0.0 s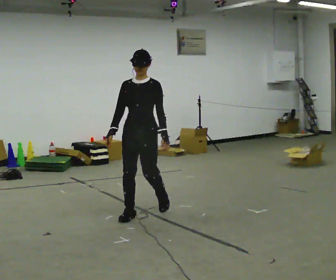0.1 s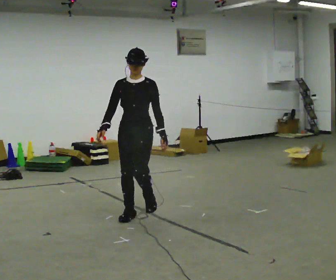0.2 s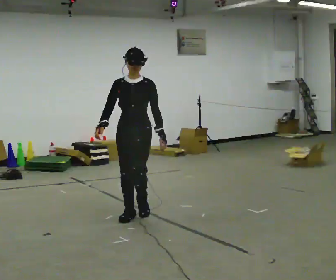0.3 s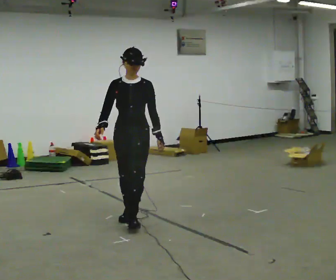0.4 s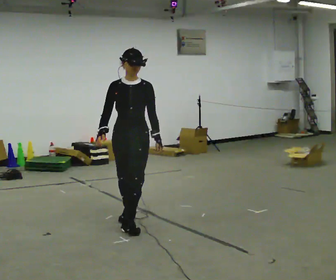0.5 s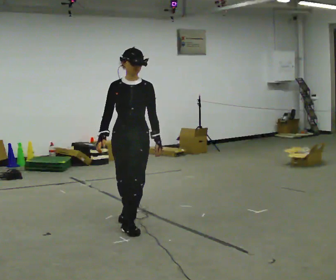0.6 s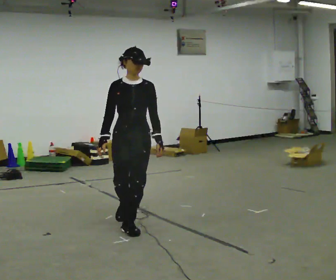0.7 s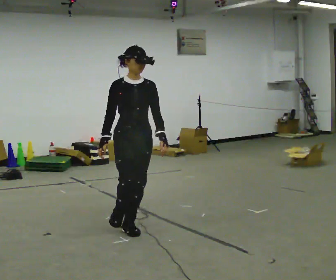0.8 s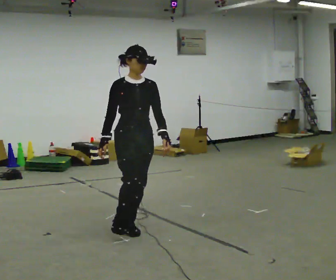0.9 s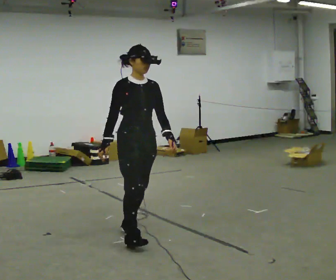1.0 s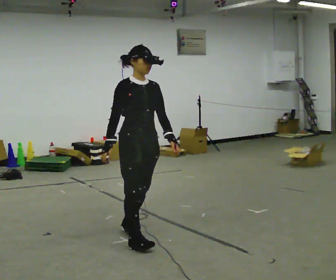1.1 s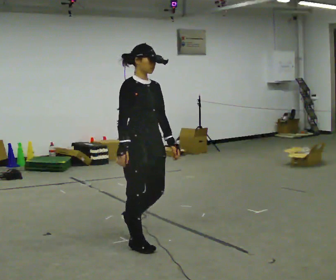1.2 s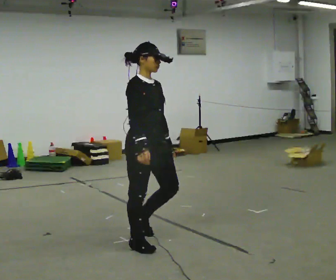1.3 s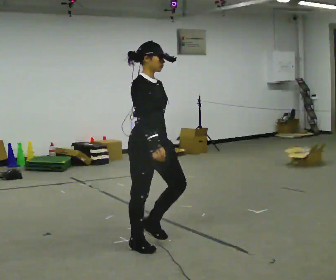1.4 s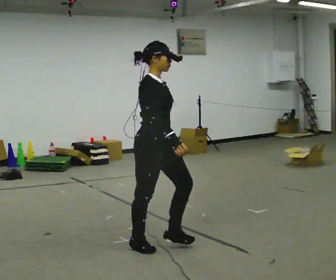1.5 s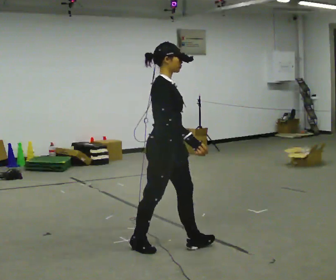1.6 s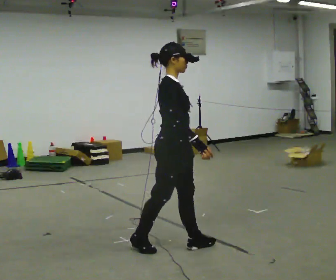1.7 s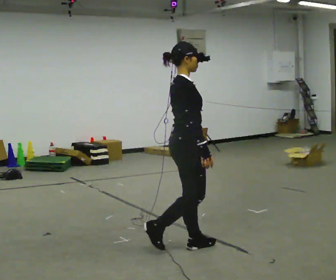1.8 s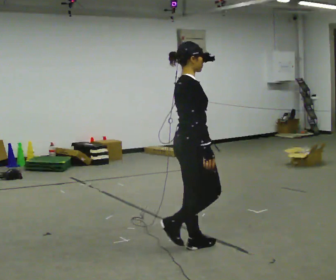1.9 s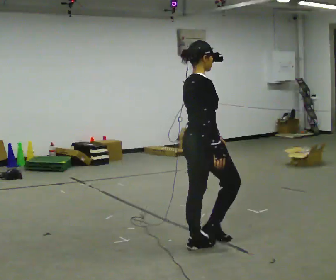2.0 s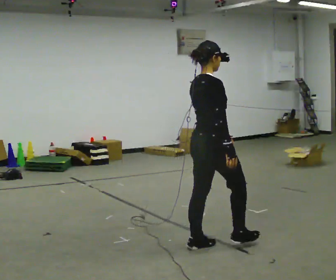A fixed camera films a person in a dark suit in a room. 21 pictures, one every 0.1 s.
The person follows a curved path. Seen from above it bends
counterclockwise.
The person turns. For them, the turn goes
to their left.
0.0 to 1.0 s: Seen from above the body turns counterclockwise, about 60 degrees: to their left, with its near side sliding to the right. In the picture they go toward the camera, about 0.75 m in 1 step, which for them is forward.
1.0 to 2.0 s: The part of the body nearest the lens slides to the right as the person turns to their left by about 75 degrees. In the picture they go to the right and toward the camera, about 0.5 m in 2 steps.
The film runs forward here.
